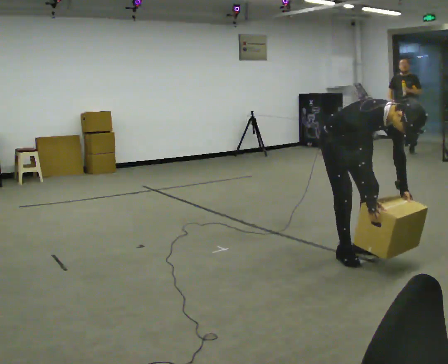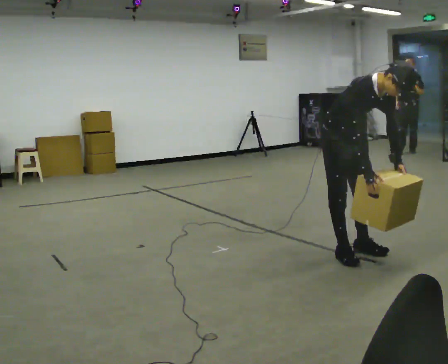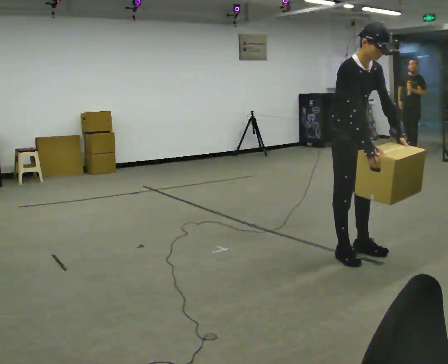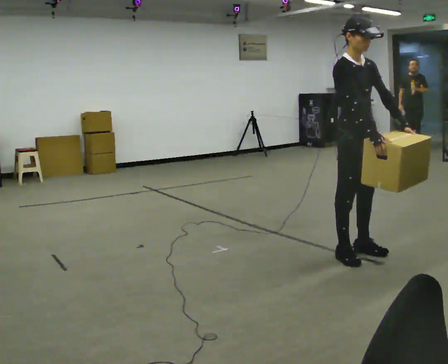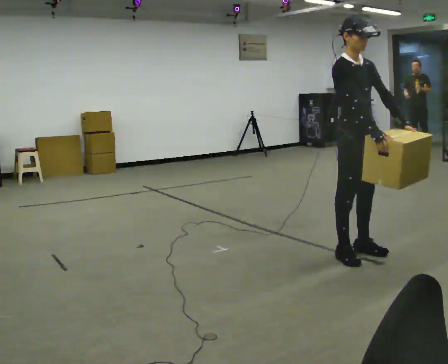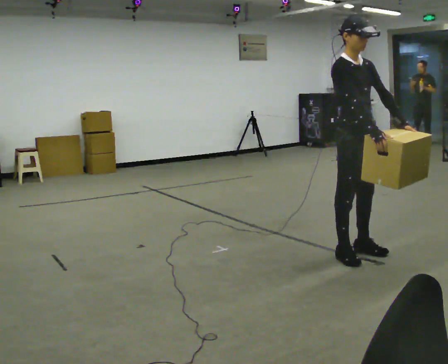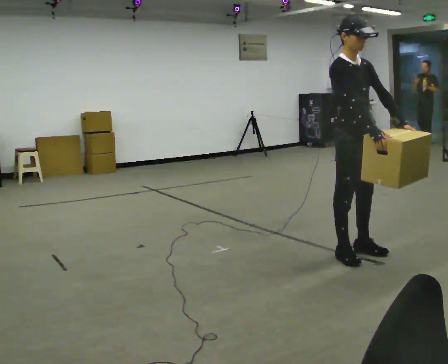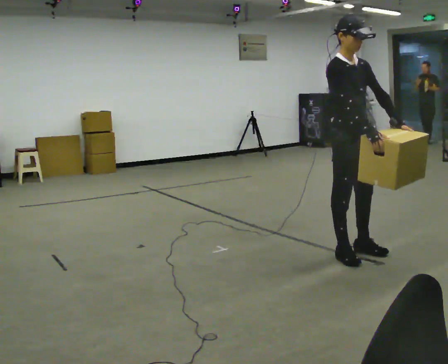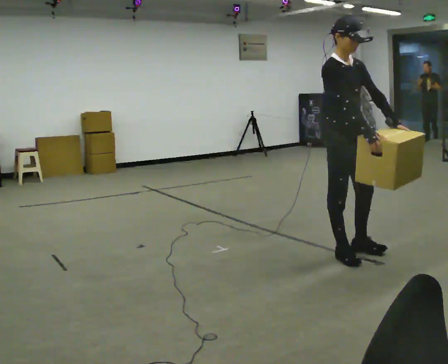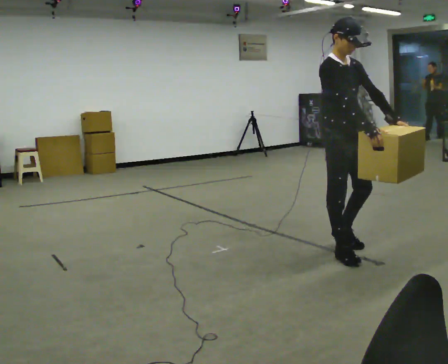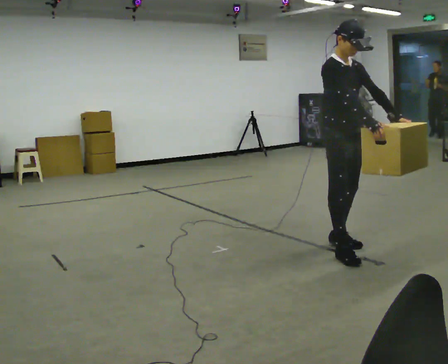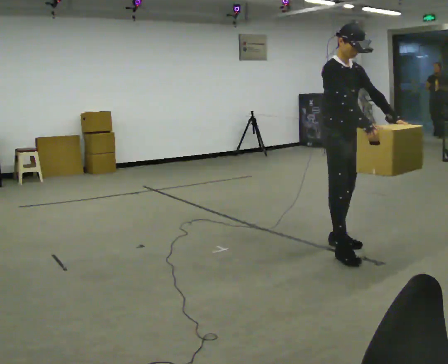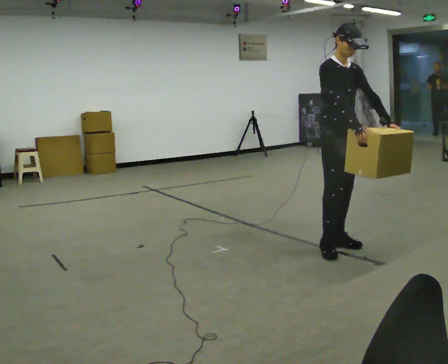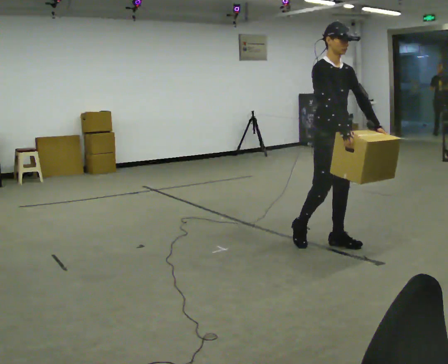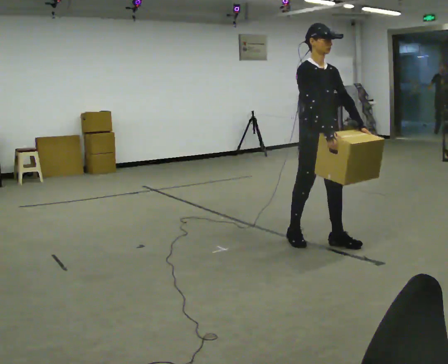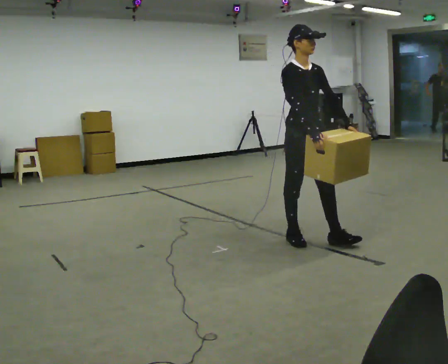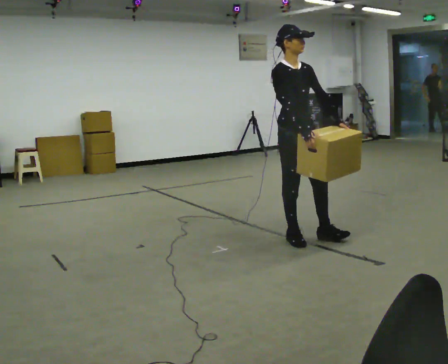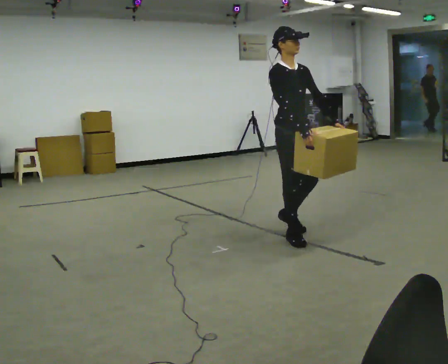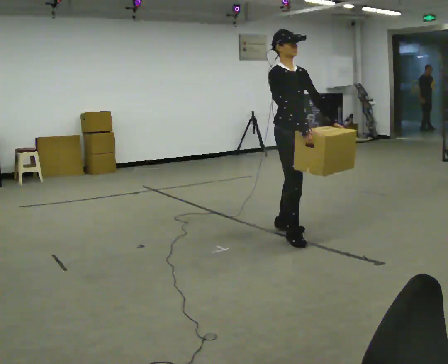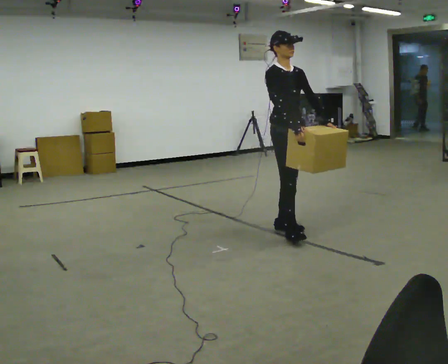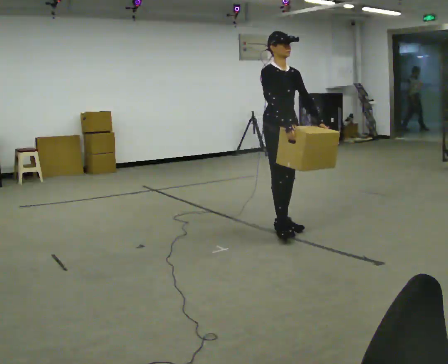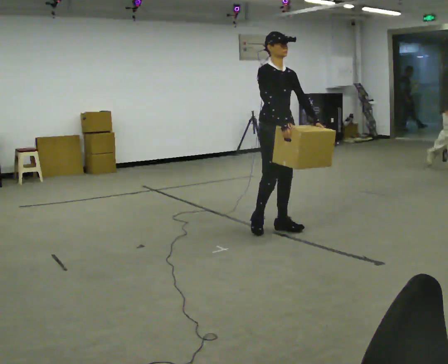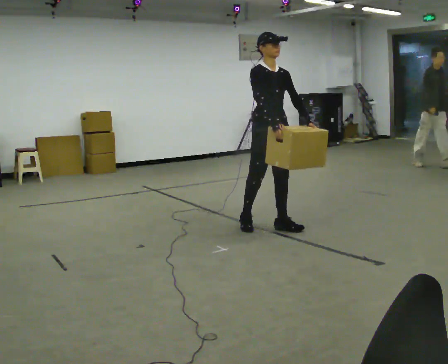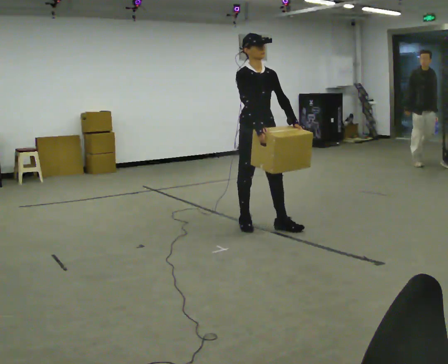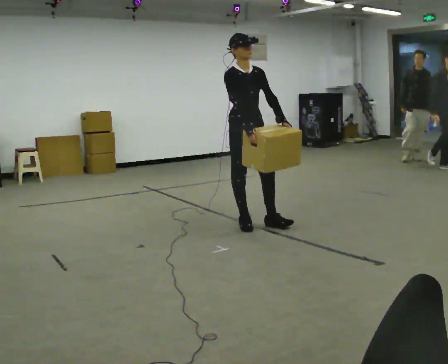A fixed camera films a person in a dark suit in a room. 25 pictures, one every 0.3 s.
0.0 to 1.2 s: The shoulders move upward. In the picture the upper body tilts counterclockwise, shoulders to the left, as they lean back or straighten. In the picture their right hand goes upward.
1.2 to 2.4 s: The person moves a little, or ends about where they began.
2.4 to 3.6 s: In the picture they go away from the camera, about 0.25 m in 2 steps, which for them is backward and to their left.
3.6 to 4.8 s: In the picture they go to the left, about 0.25 m in 1 step, which for them is backward and to their right.
4.8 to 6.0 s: In the picture they go away from the camera and to the left, about 0.25 m in 1 step, which for them is backward and to their left.
6.0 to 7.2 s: In the picture they go to the left, about 0.25 m in 1 step, which for them is backward and to their right.
The film runs backward here.
